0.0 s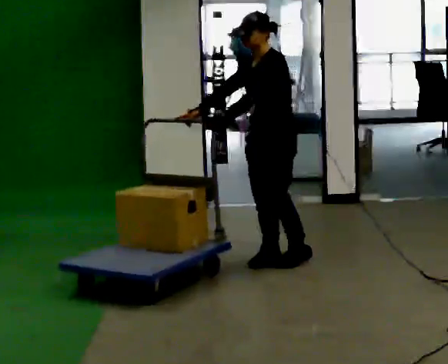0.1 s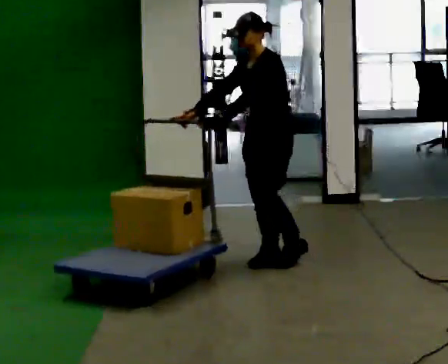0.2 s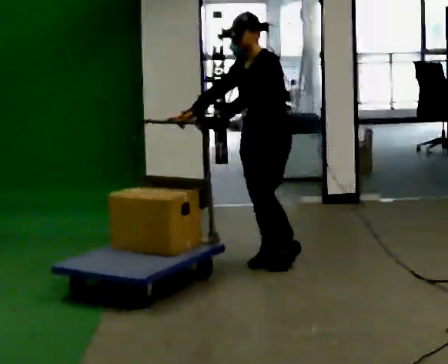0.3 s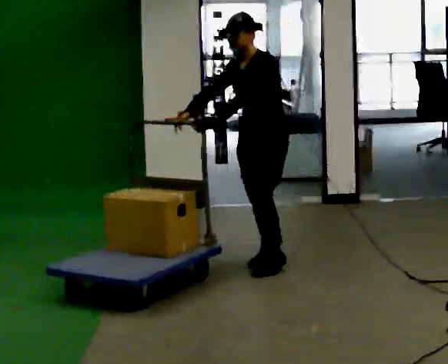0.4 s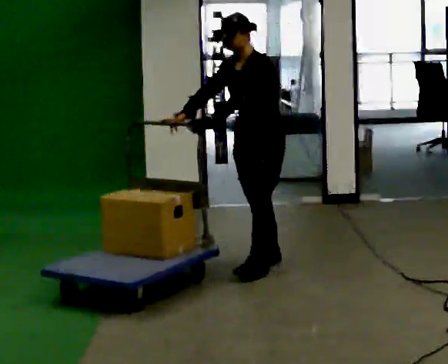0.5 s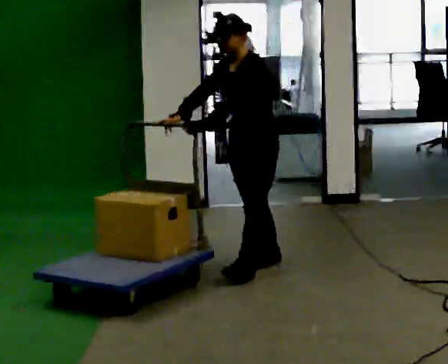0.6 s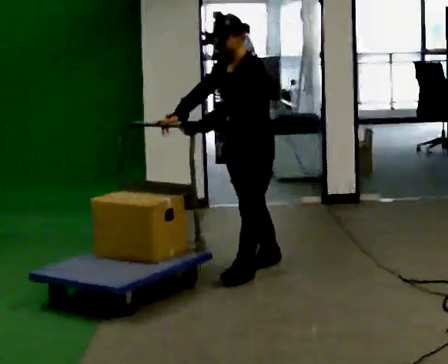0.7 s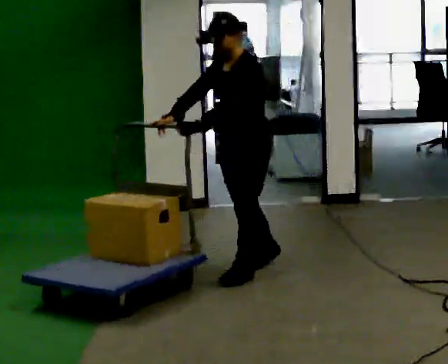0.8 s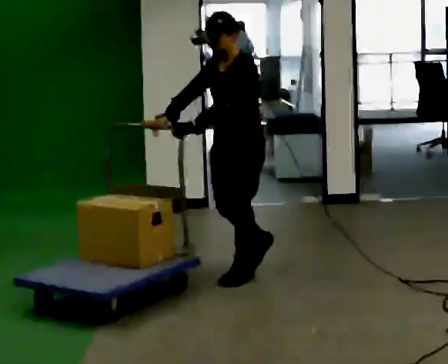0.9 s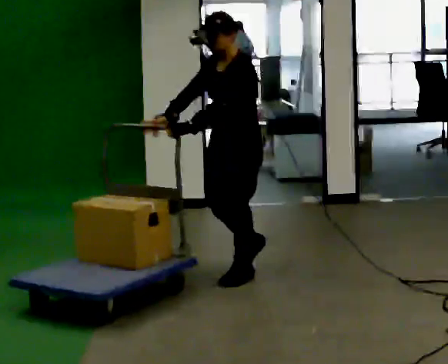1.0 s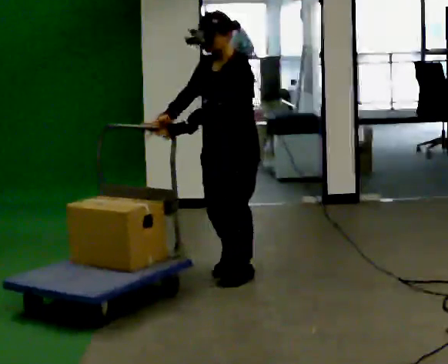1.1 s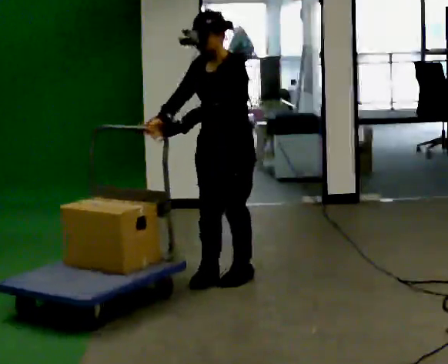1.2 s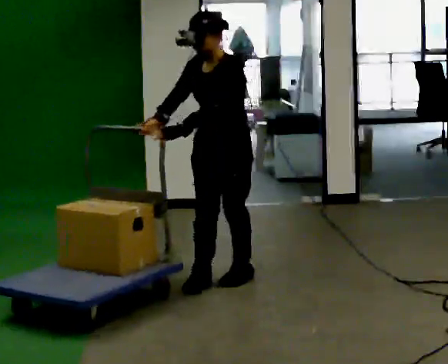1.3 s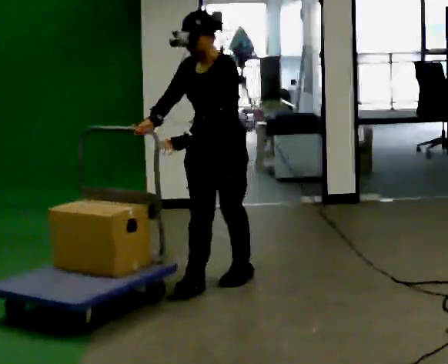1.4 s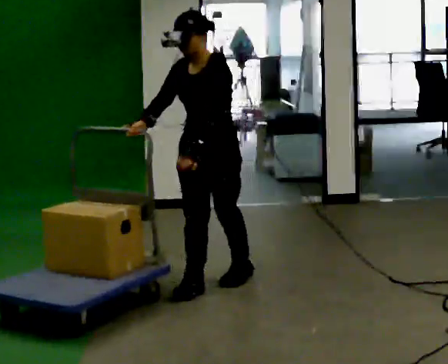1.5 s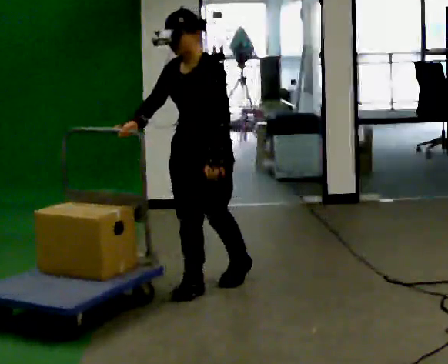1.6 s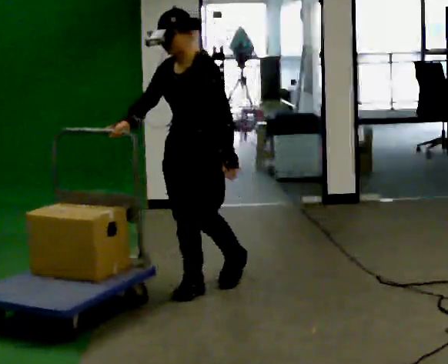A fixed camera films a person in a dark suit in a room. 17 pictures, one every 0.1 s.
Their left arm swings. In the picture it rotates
counterclockwise.
0.0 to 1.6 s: Seen from above the body turns counterclockwise, about 30 degrees: to their left, with its near side sliding to the right. In the picture they go toward the camera and to the left, about 0.75 m in 2 steps, which for them is forward.
The film runs forward here.
